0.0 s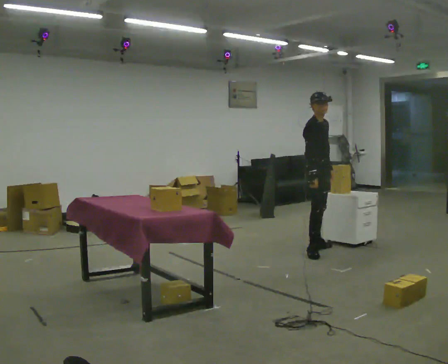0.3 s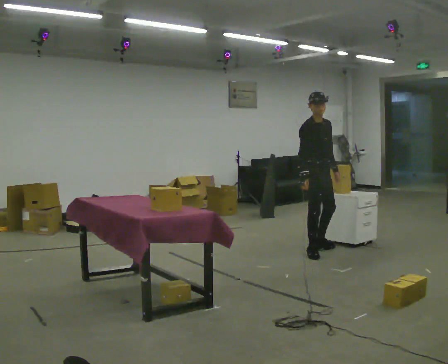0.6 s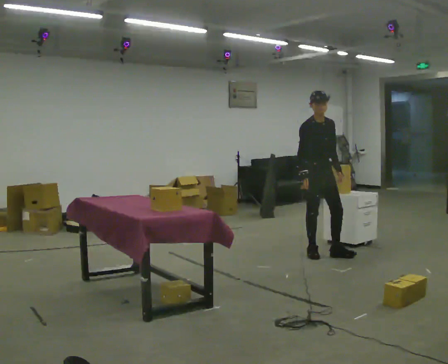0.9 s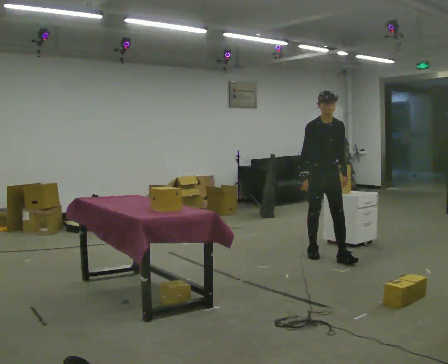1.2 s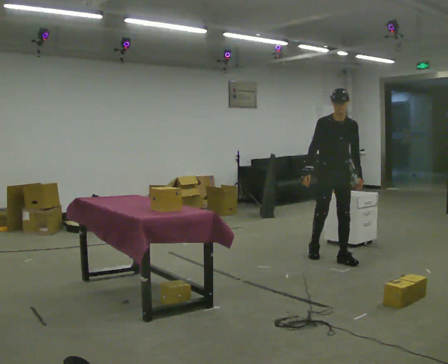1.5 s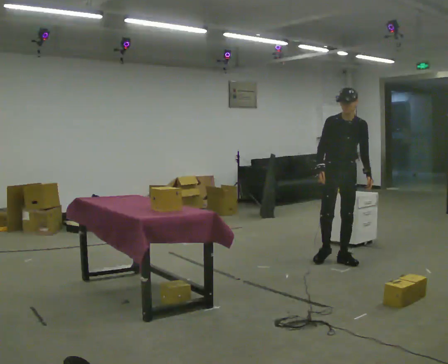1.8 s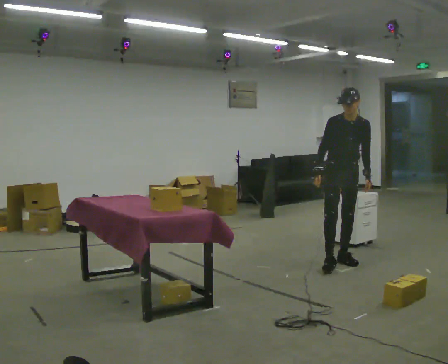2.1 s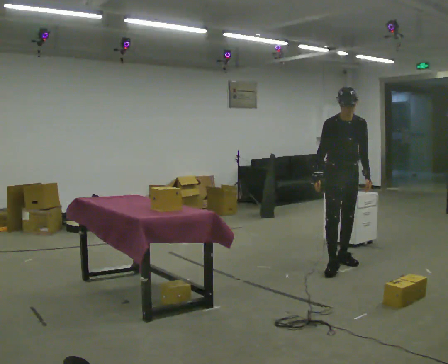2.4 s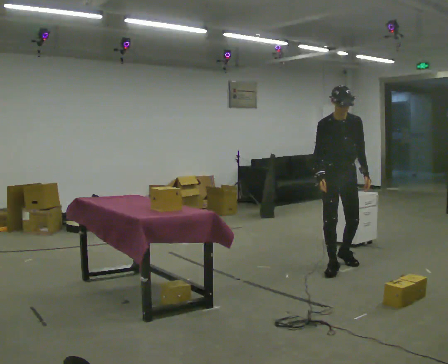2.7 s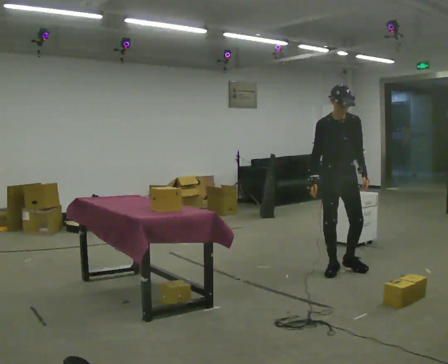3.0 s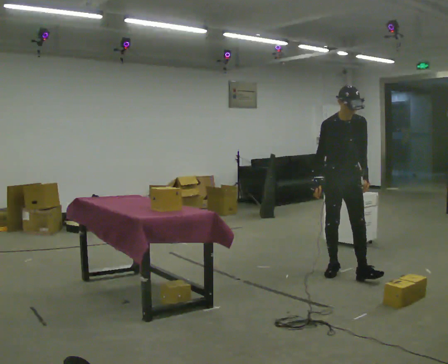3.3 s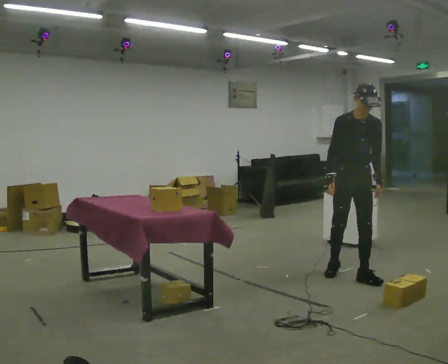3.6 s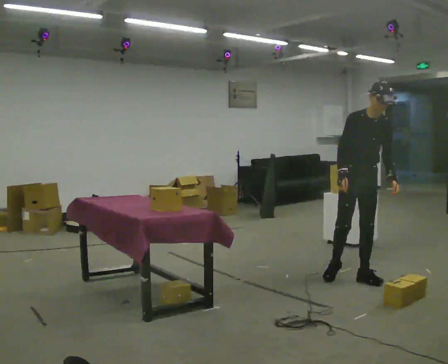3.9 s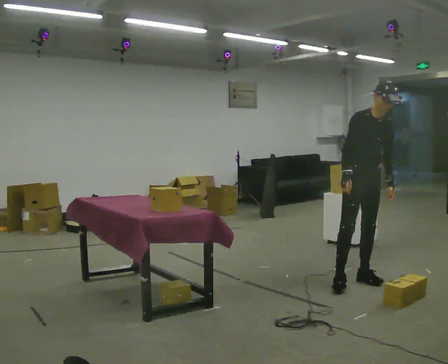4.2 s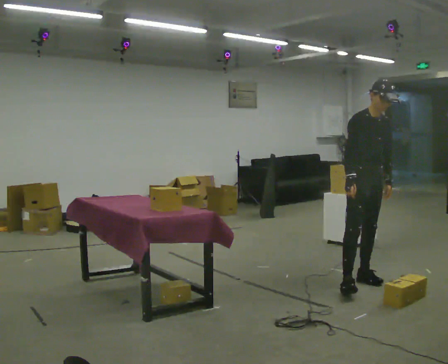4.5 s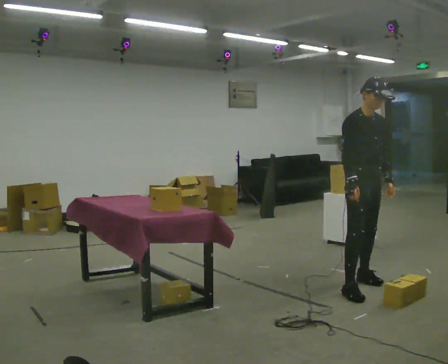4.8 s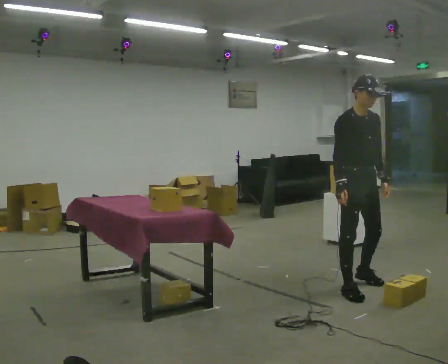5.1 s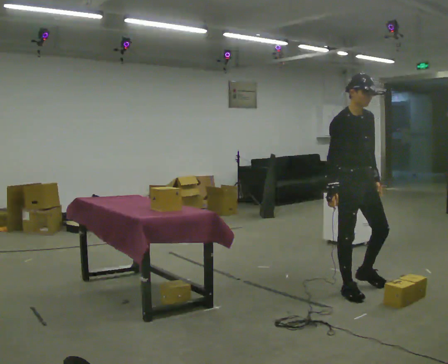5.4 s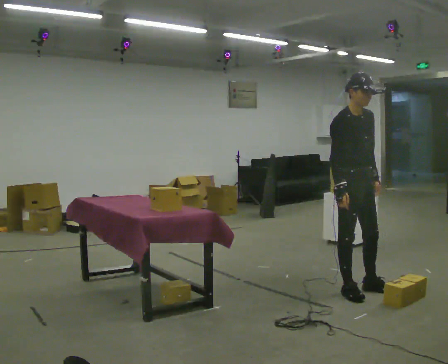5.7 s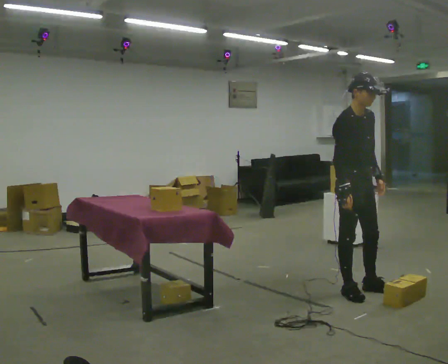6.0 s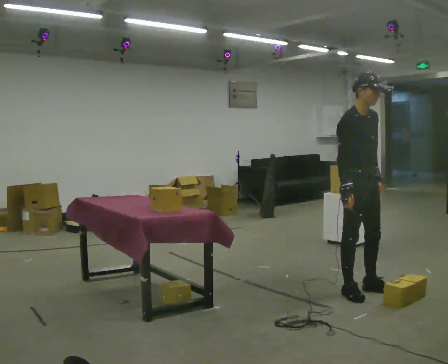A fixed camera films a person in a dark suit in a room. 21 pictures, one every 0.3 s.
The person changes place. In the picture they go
toward the camera.
0.0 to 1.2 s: Seen from above the body turns clockwise, about 45 degrees: to their right, with its near side sliding to the left. In the picture they go toward the camera and to the right, about 0.25 m in 1 step, which for them is forward.
1.2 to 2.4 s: In the picture they go toward the camera, about 0.25 m in 1 step, which for them is forward.
2.4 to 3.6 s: In the picture they go toward the camera and to the right, about 0.25 m in 1 step, which for them is forward.
3.6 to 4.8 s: In the picture they go toward the camera, about 0.5 m in 1 step, which for them is to their right and forward.
4.8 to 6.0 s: The person moves a little, or ends about where they began.
The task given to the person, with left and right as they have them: 1. The operator will tell you the shelf is already sorted and just needs moving to the table. 2. Do what you think is right. 3. Tell the operator when you are finished.
The film runs forward here.
